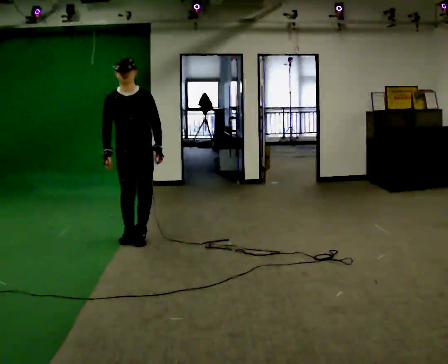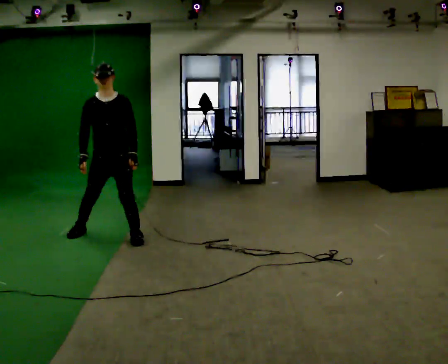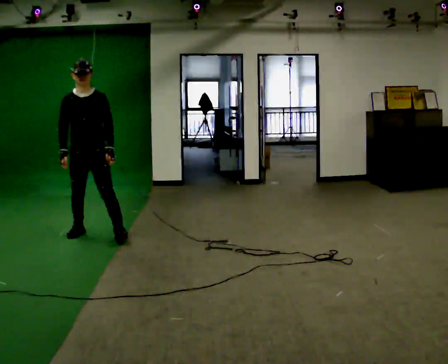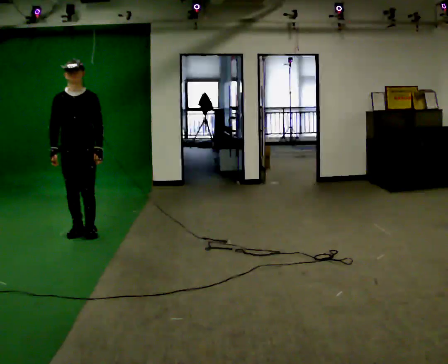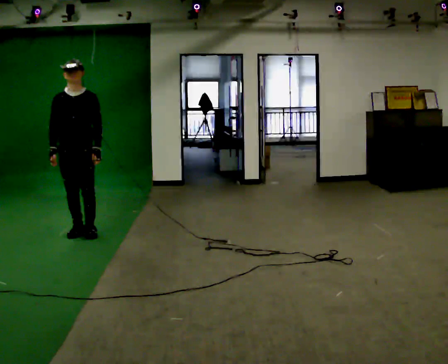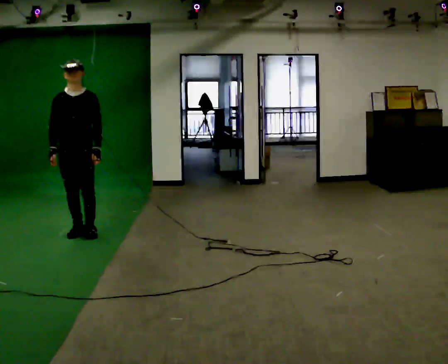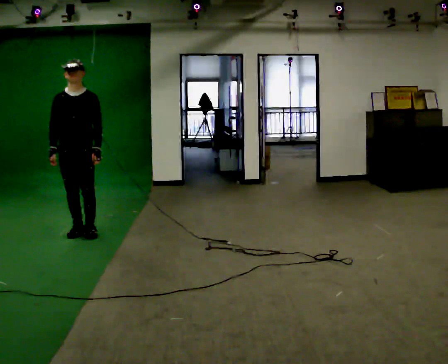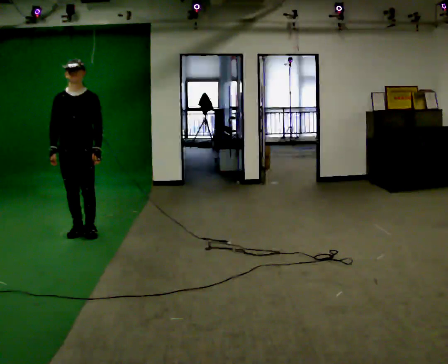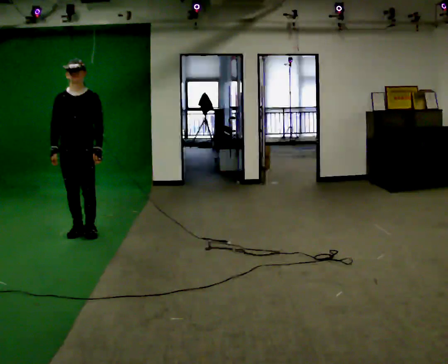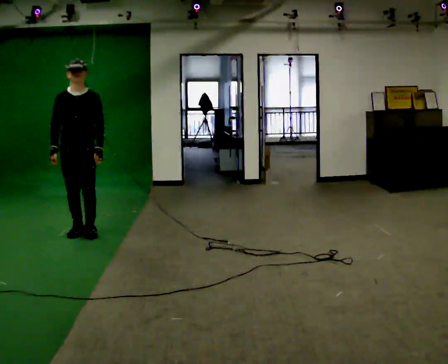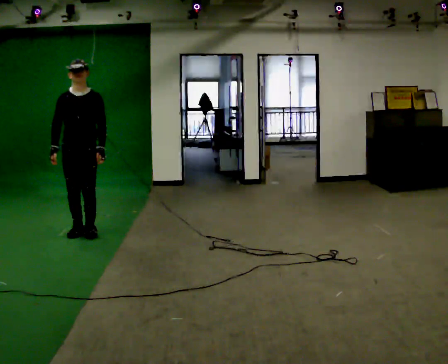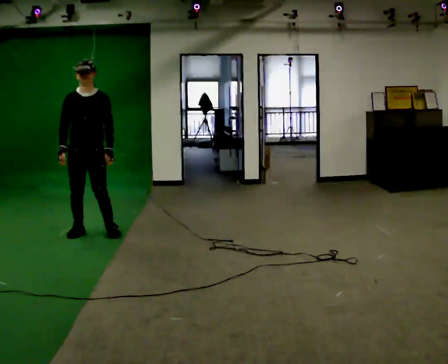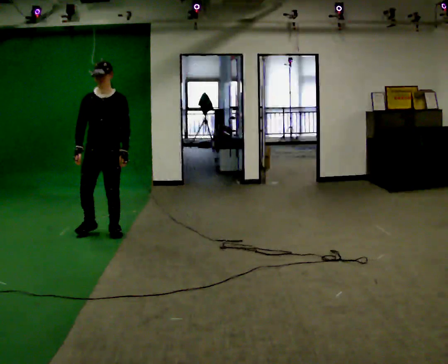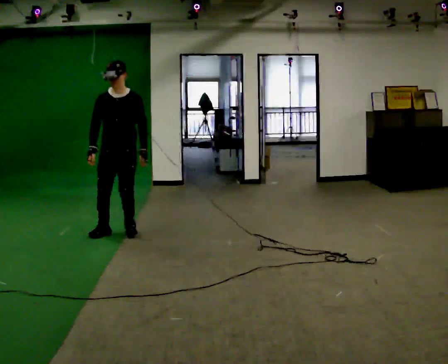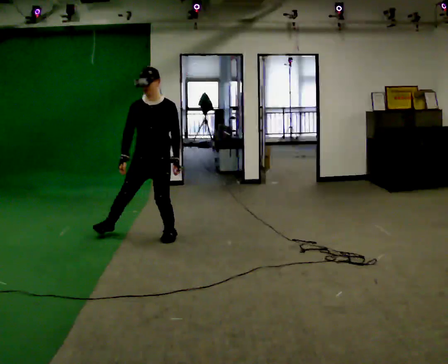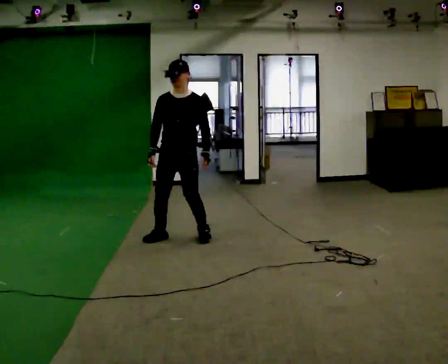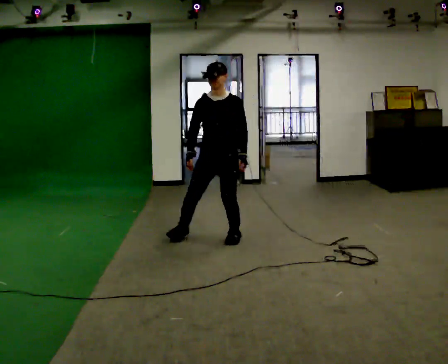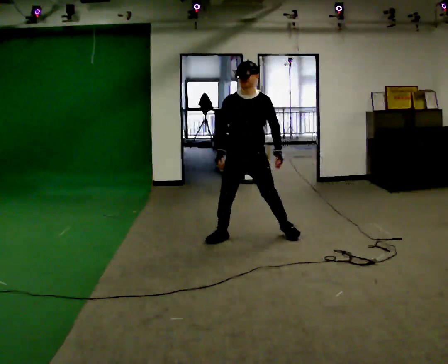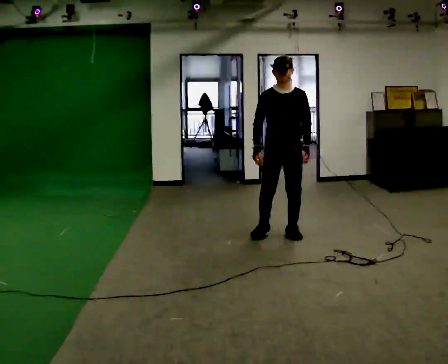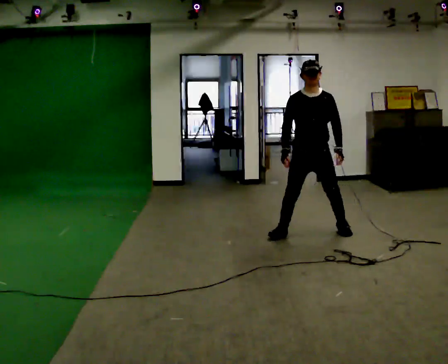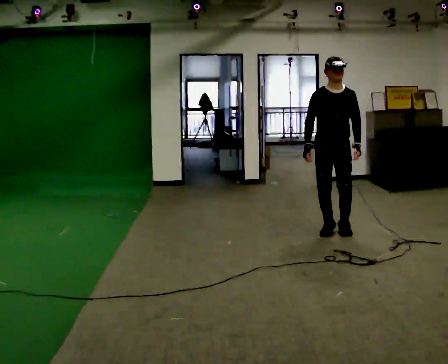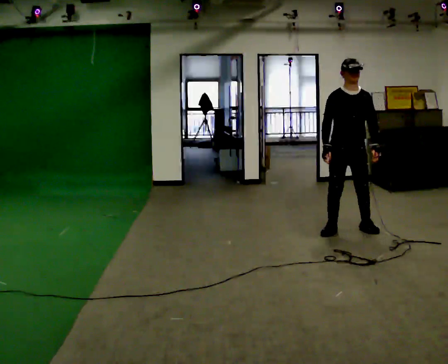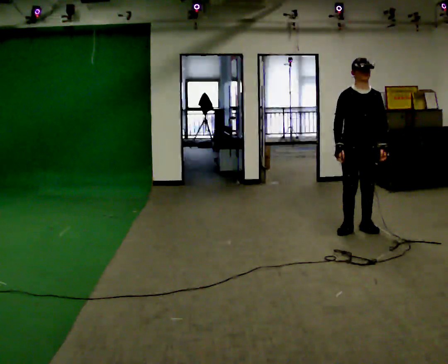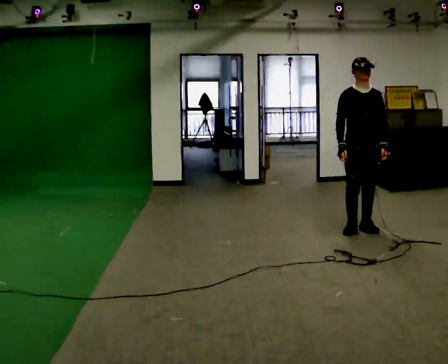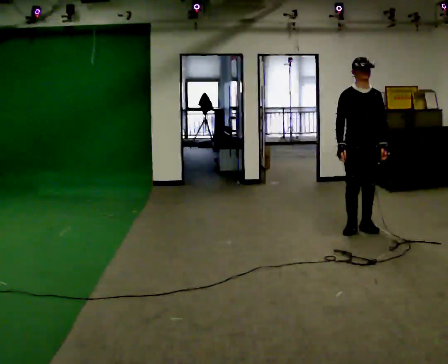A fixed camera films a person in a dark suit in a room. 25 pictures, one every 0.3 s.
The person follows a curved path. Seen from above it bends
clockwise.
0.0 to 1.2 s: In the picture they go to the left, about 0.5 m in 1 step, which for them is to their right.
1.2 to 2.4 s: The person keeps their place and pose.
2.4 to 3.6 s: In the picture they go to the right, about 0.25 m in 2 steps, which for them is to their left.
3.6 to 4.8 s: In the picture they go to the right, about 1 m in 4 steps, which for them is to their left.
4.8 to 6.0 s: In the picture they go to the right, about 1 m in 5 steps, which for them is to their left.
6.0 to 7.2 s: In the picture they go to the right, about 0.25 m in 1 step, which for them is to their left.
The film runs backward here.
